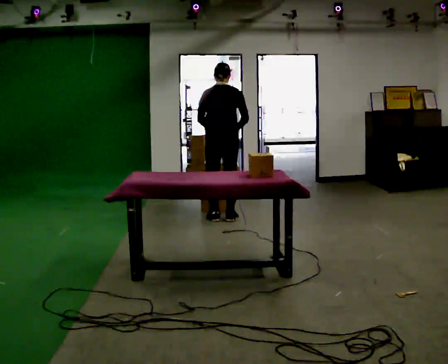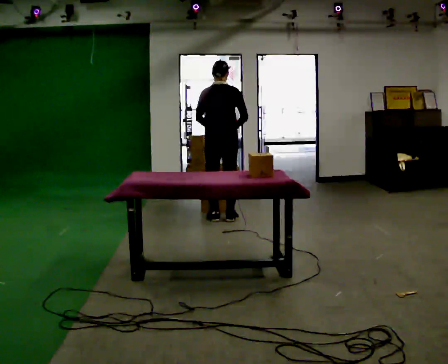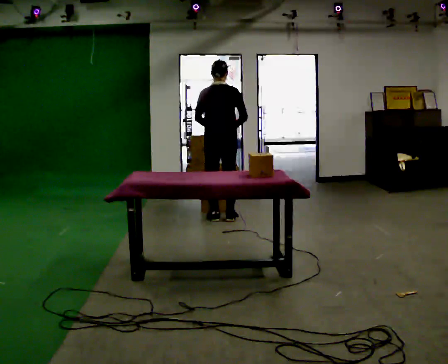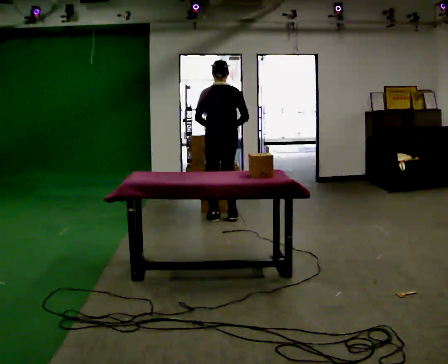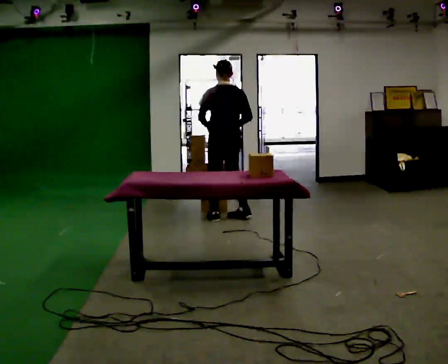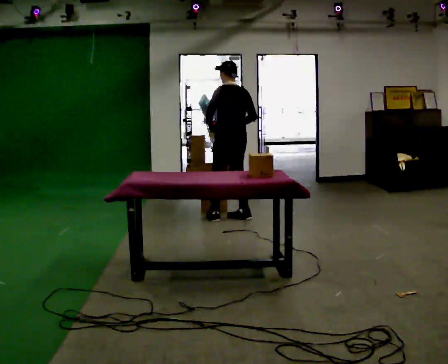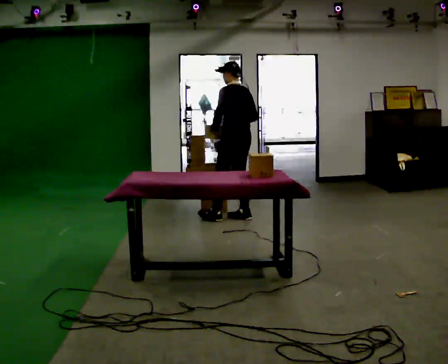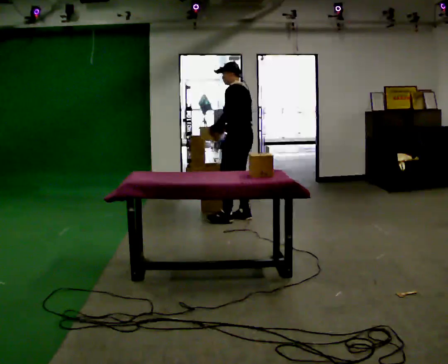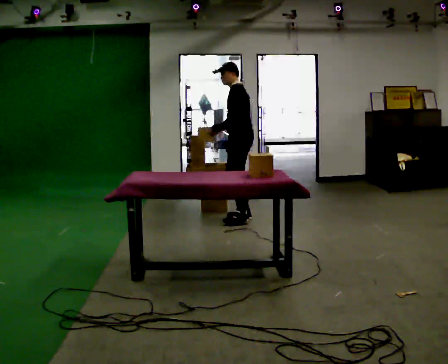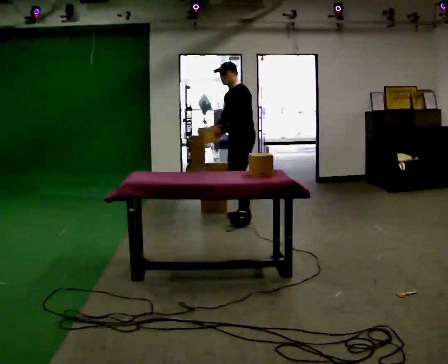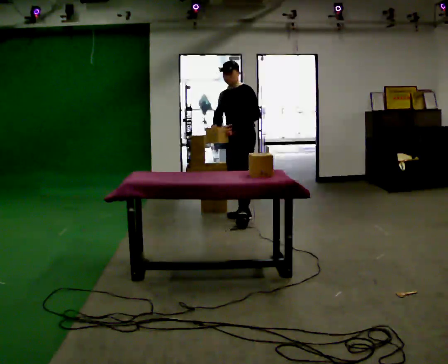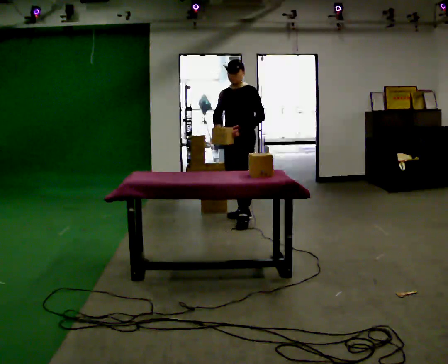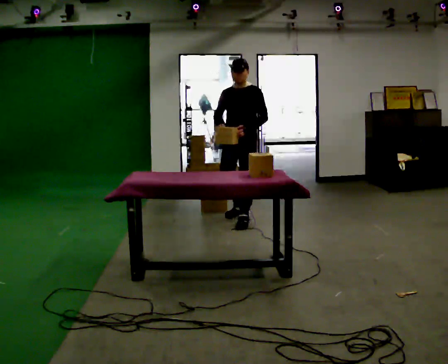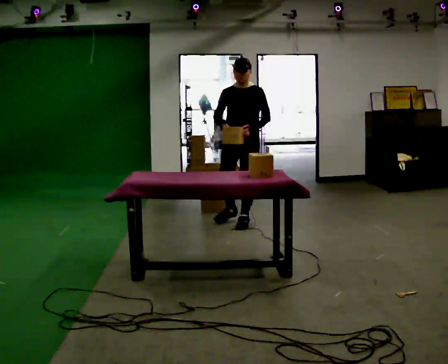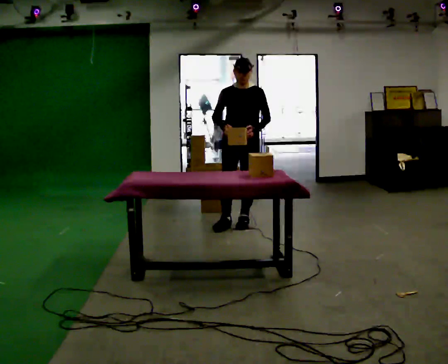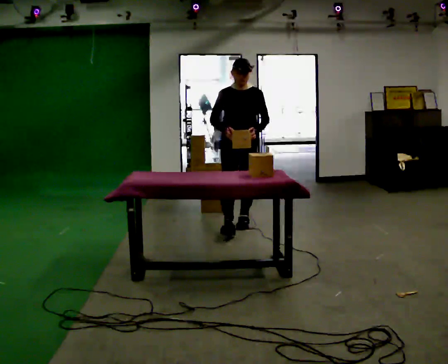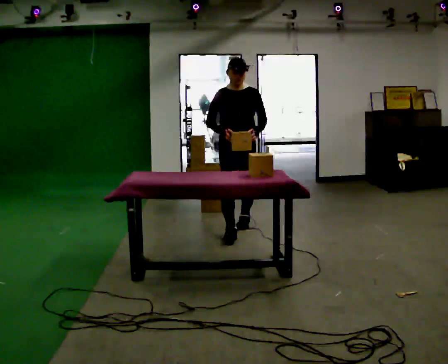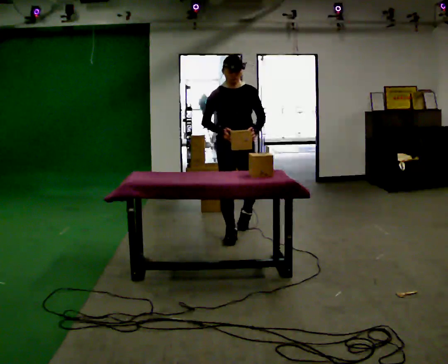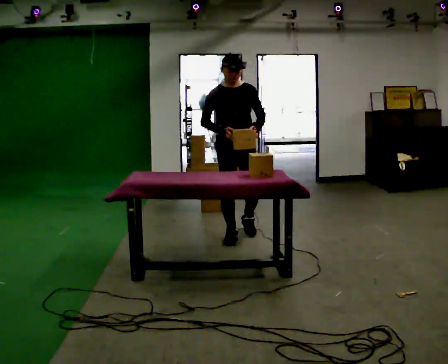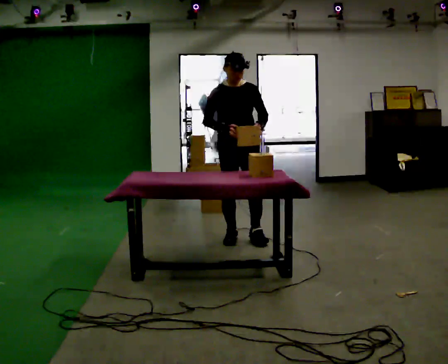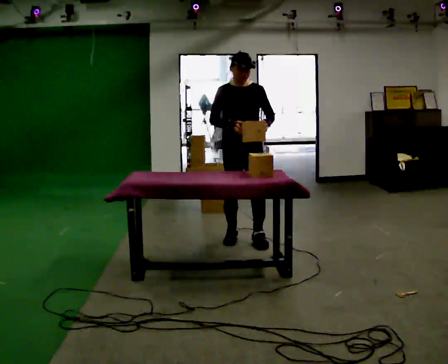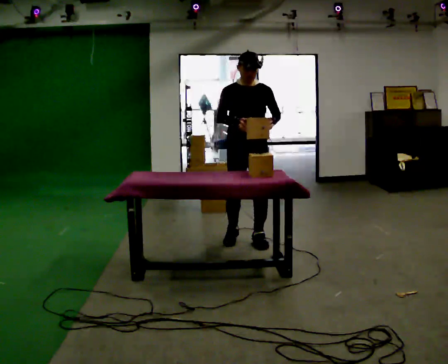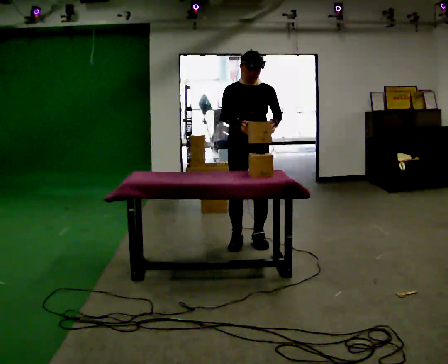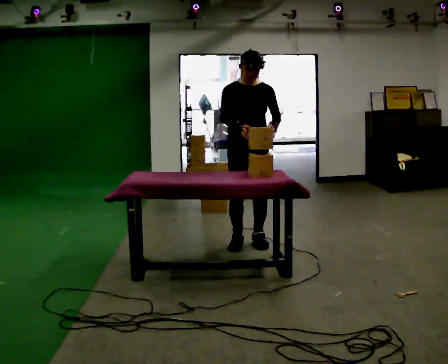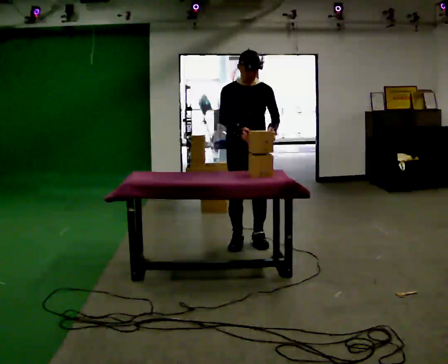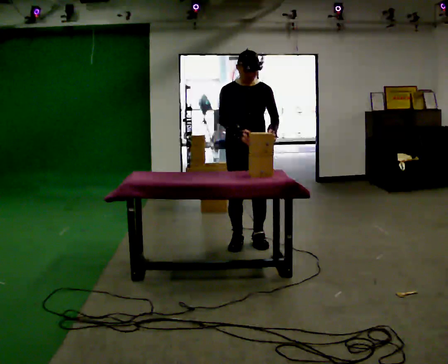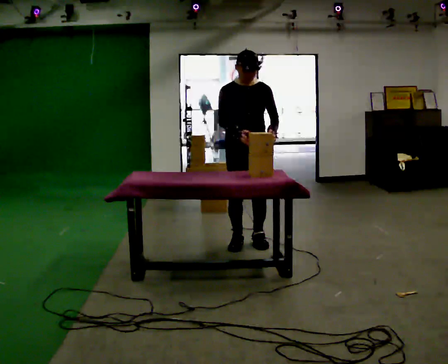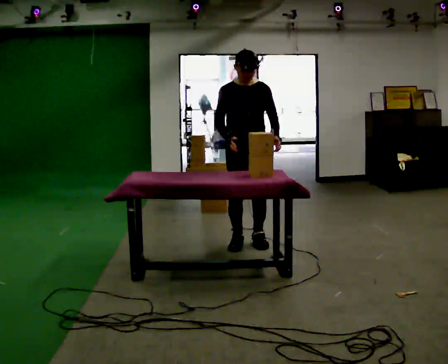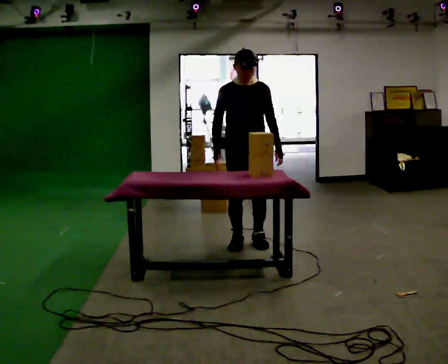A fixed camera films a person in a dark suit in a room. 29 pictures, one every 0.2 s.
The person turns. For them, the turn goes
to their left.
The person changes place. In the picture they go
toward the camera.
0.0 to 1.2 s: Seen from above the body turns counterclockwise, about 60 degrees: to their left, with its near side sliding to the right. In the picture they go to the right, about 0.25 m in 1 step, which for them is to their right.
1.2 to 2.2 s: The person turns about 90 degrees to their left, counterclockwise seen from above, so the part of the body nearest the lens slides to the right.
2.2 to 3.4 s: The part of the body nearest the lens slides to the right as the person turns to their left by about 45 degrees. In the picture they go toward the camera, about 0.5 m in 1 step, which for them is forward.
3.4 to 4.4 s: In the picture they go toward the camera, about 0.25 m in 2 steps, which for them is forward.
4.4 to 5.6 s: The person moves a little, or ends about where they began.
The film runs forward here.
